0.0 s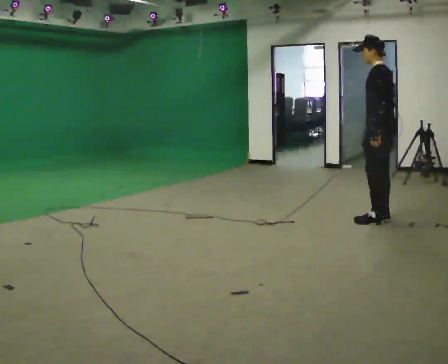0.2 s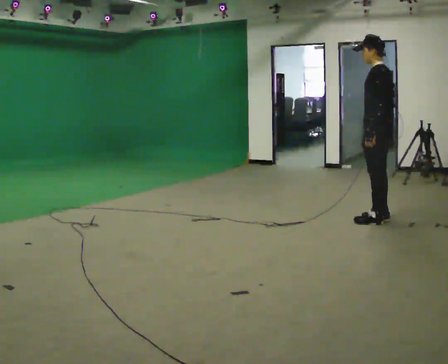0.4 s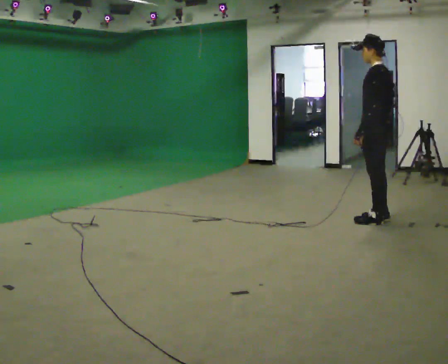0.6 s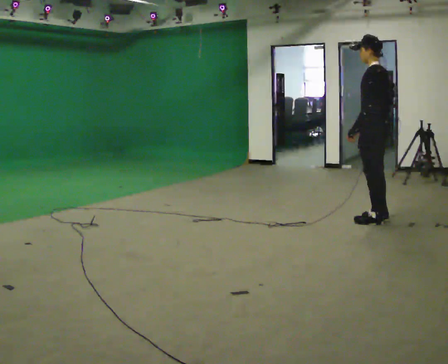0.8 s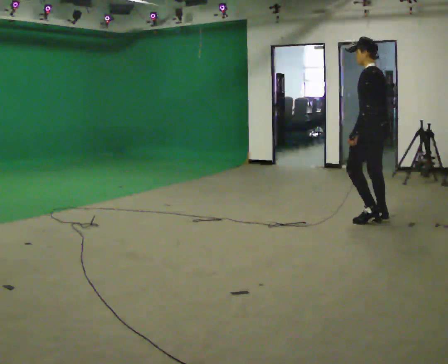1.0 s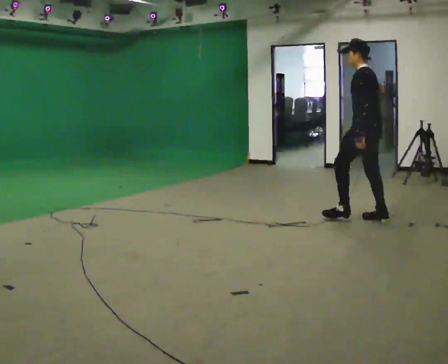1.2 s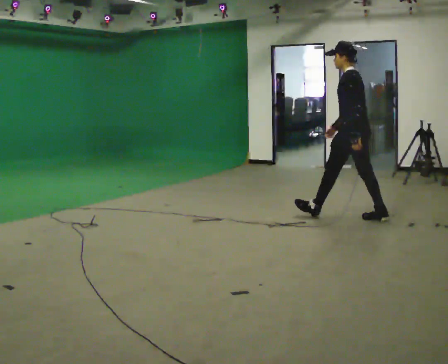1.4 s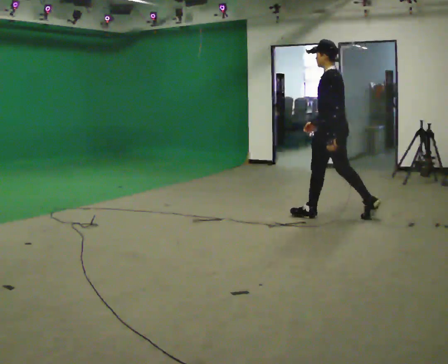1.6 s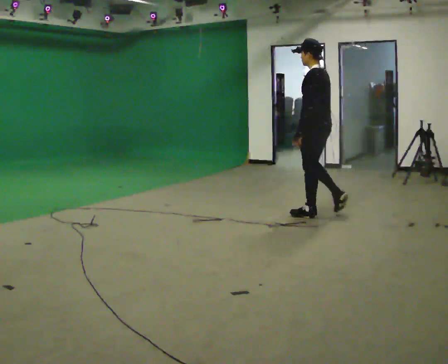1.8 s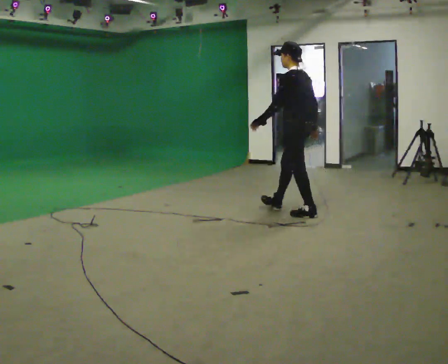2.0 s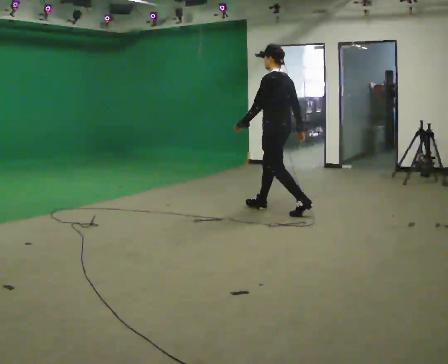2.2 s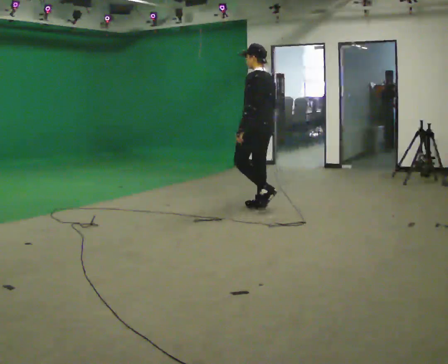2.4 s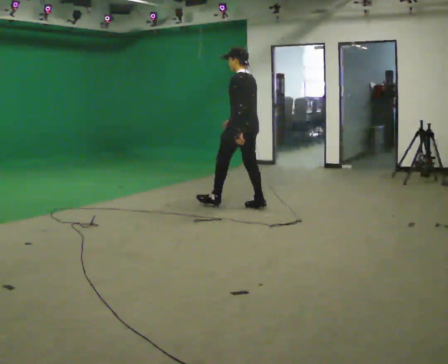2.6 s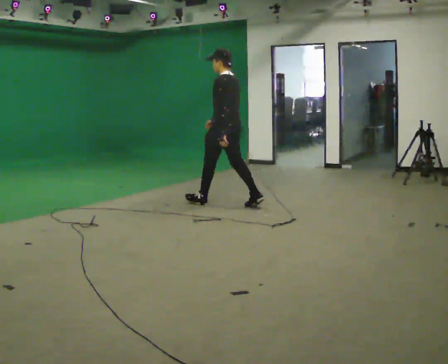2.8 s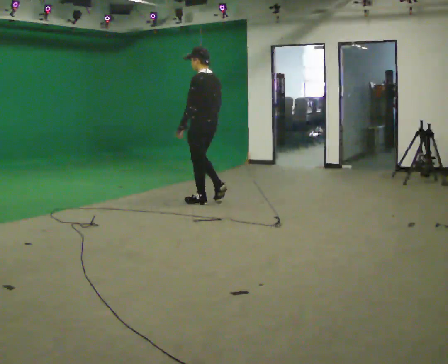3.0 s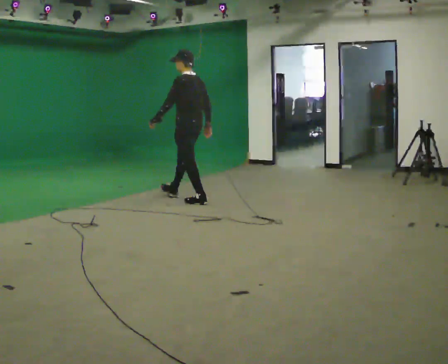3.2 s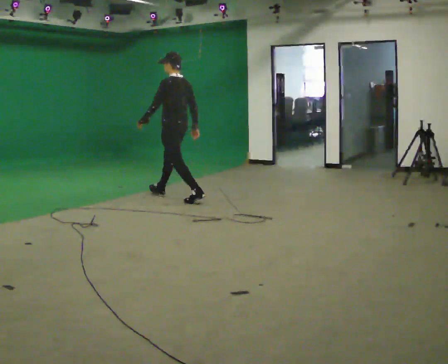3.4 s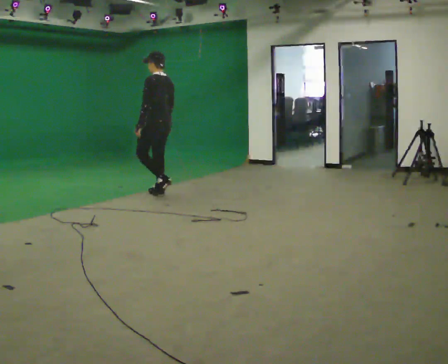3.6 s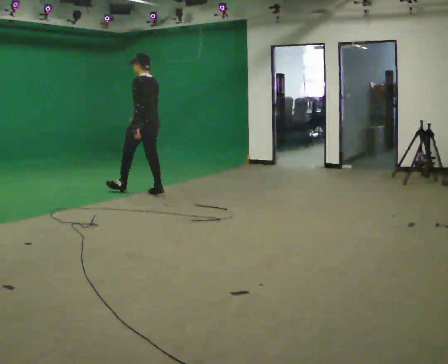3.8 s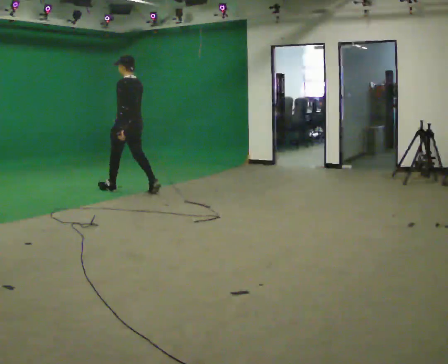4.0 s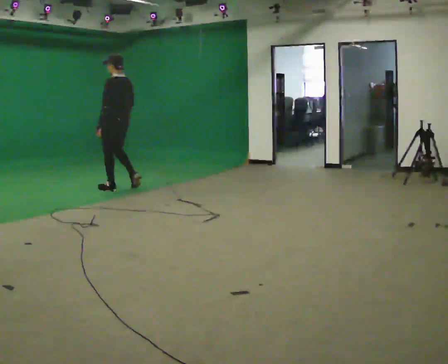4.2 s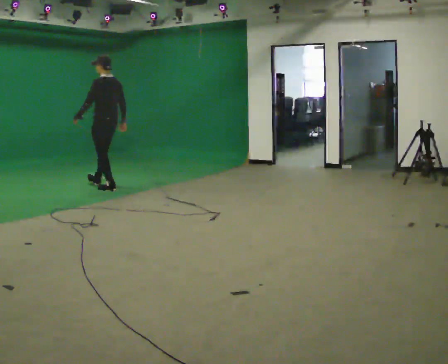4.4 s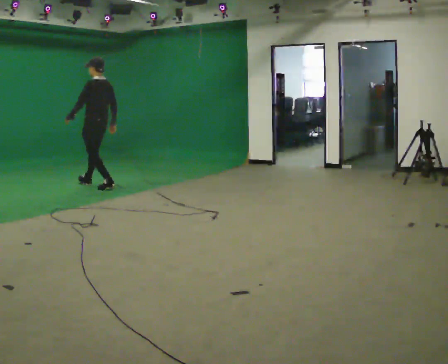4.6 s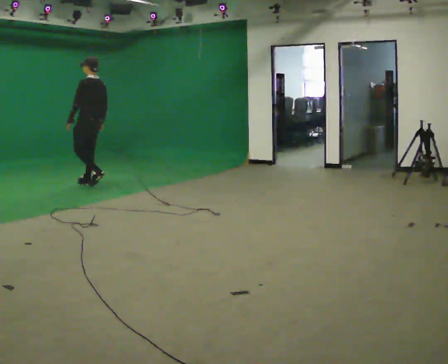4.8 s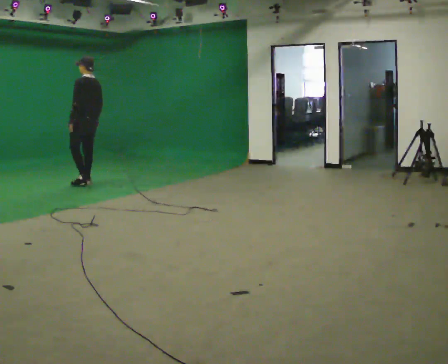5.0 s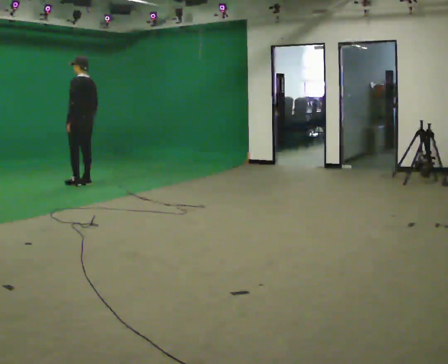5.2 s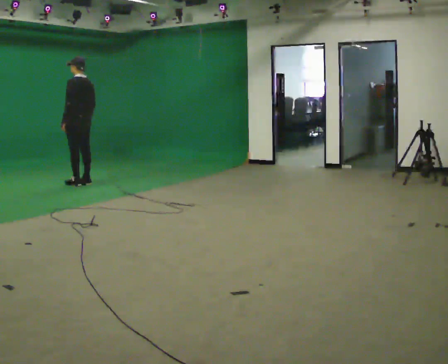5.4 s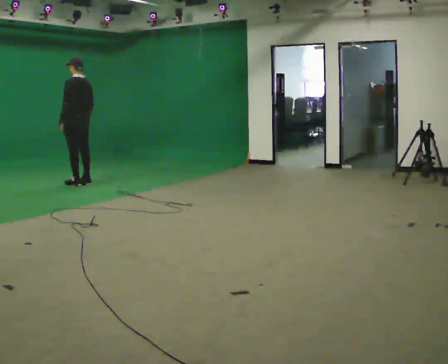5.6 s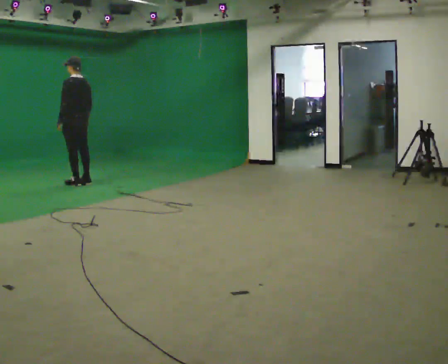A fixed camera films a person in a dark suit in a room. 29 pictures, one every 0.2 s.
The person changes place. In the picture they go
to the left.
0.0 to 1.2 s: In the picture they go to the left and away from the camera, about 0.25 m, which for them is forward.
1.2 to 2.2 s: In the picture they go to the left and away from the camera, about 1 m in 2 steps, which for them is forward.
2.2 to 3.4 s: In the picture they go to the left and away from the camera, about 1.5 m in 2 steps, which for them is forward.
3.4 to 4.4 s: In the picture they go to the left and away from the camera, about 1 m in 2 steps, which for them is forward.
4.4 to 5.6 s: In the picture they go to the left and away from the camera, about 0.5 m in 1 step, which for them is forward.
The film runs forward here.
